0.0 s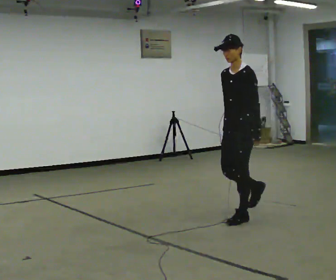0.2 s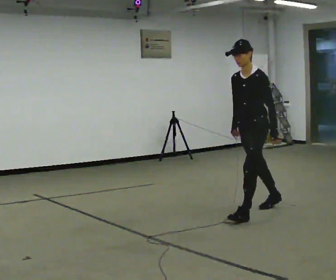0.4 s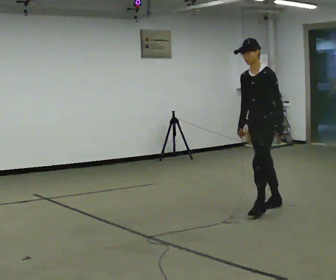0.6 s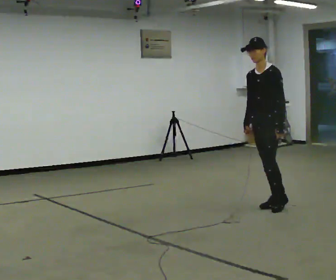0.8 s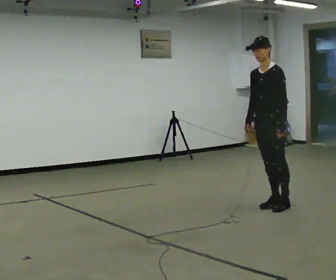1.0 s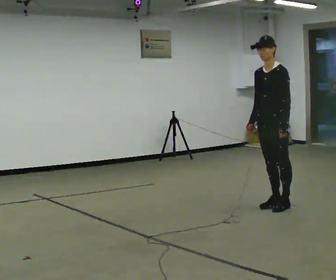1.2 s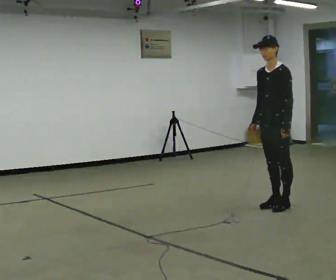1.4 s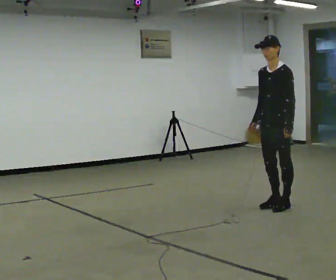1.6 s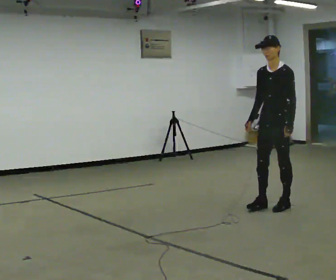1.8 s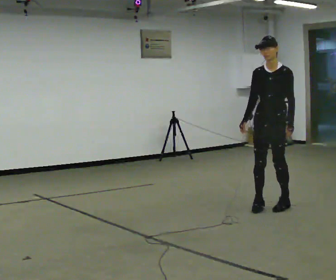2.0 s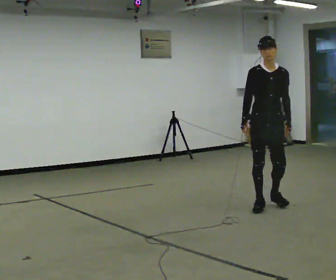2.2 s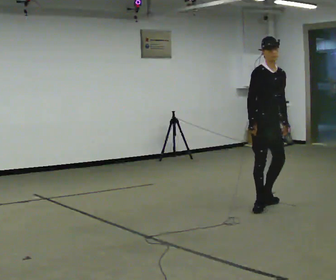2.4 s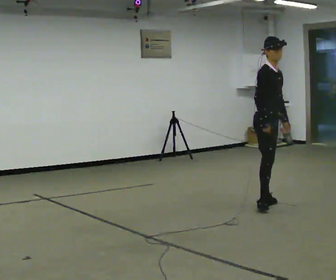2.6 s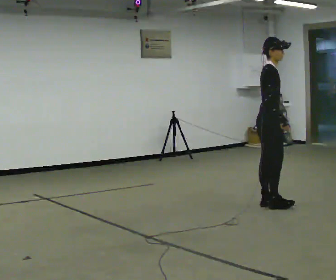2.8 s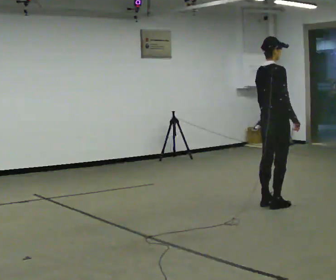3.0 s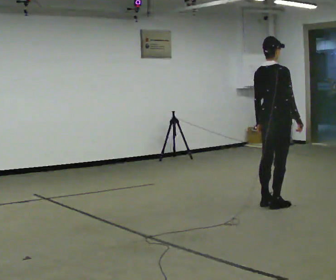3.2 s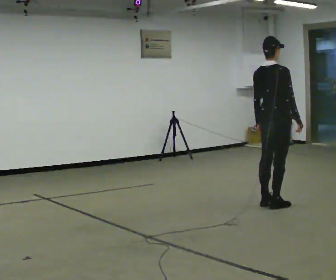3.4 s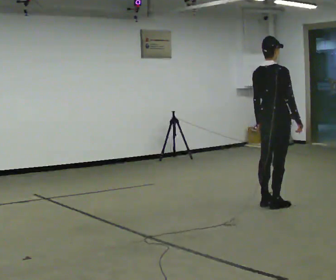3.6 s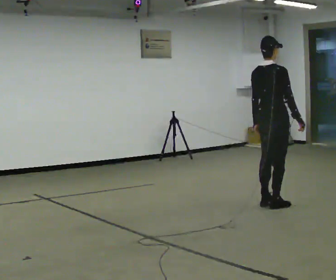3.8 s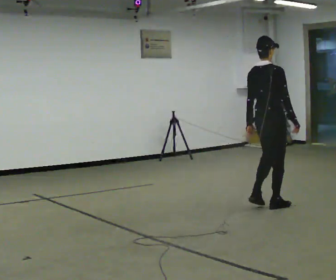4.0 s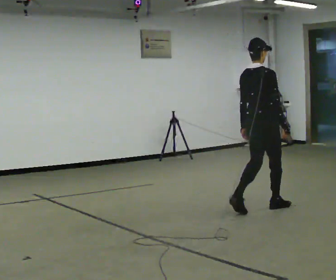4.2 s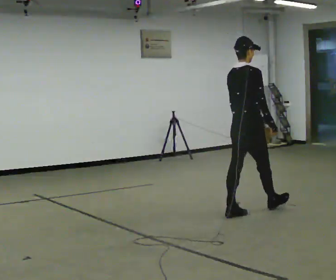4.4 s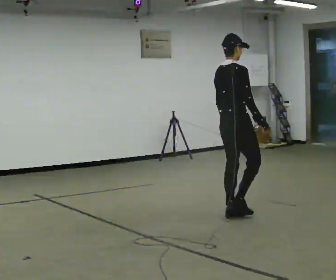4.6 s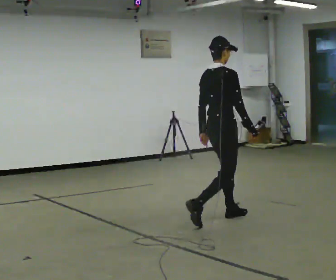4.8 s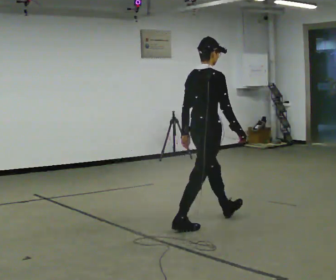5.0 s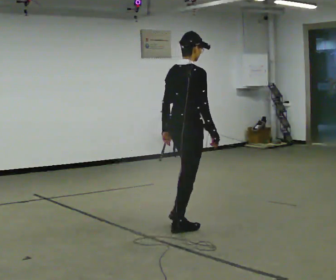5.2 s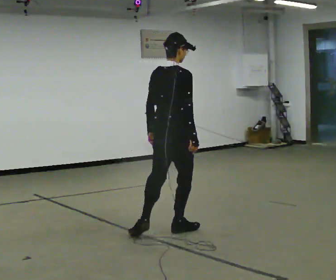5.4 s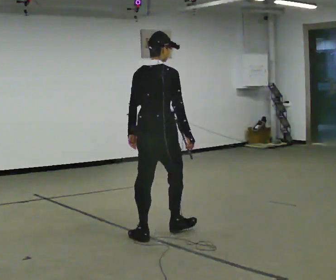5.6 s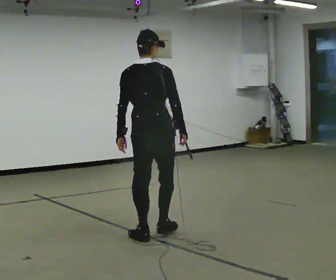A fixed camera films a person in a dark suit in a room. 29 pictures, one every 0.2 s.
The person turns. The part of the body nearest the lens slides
to the right.
The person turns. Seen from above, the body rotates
counterclockwise.
0.0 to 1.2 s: In the picture they go away from the camera and to the right, about 0.5 m in 1 step, which for them is backward.
1.2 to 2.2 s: The person turns about 90 degrees to their left, counterclockwise seen from above, so the part of the body nearest the lens slides to the right.
2.2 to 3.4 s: Seen from above the body turns counterclockwise, about 105 degrees: to their left, with its near side sliding to the right. In the picture the upper body tilts counterclockwise, shoulders to the left. In the picture their right hand goes to the right, the arm swinging counterclockwise.
3.4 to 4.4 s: In the picture they go toward the camera and to the left, about 0.5 m in 2 steps, which for them is backward.
4.4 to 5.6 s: The part of the body nearest the lens slides to the right as the person turns to their left by about 60 degrees. In the picture they go toward the camera and to the left, about 1 m in 2 steps, which for them is backward.
The film runs backward here.
